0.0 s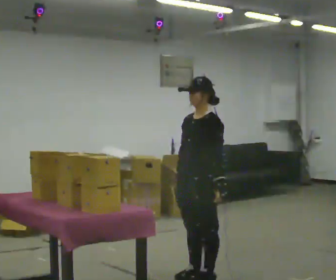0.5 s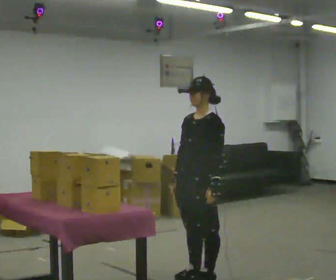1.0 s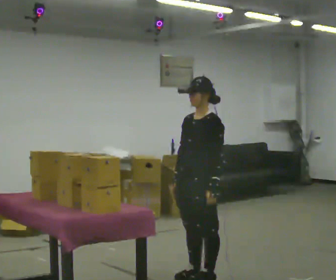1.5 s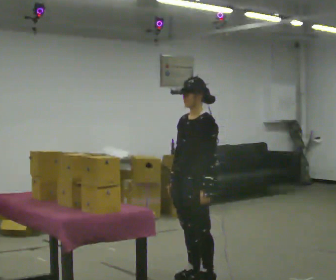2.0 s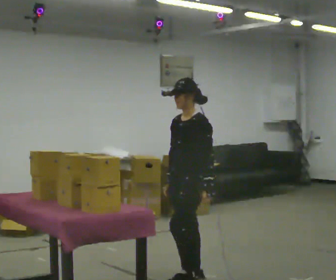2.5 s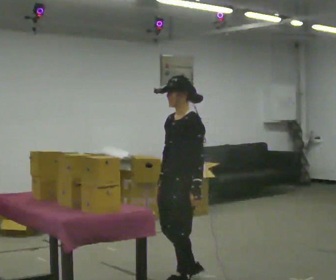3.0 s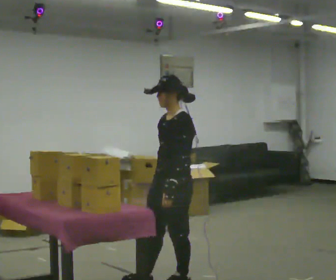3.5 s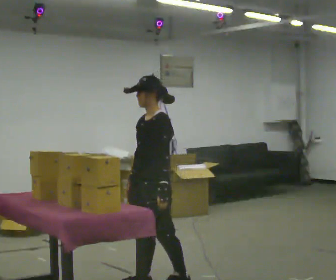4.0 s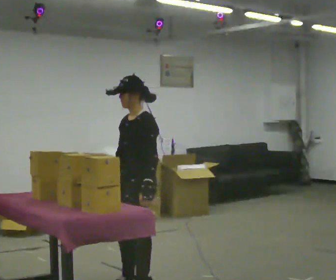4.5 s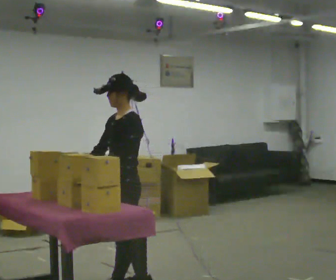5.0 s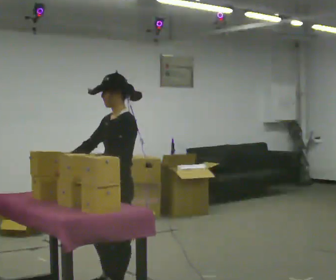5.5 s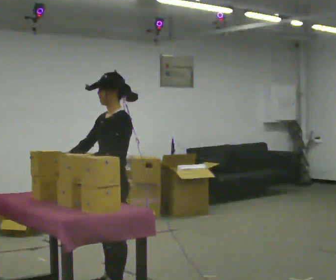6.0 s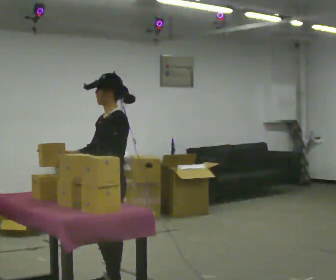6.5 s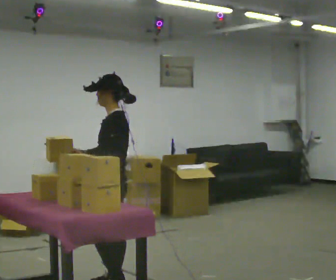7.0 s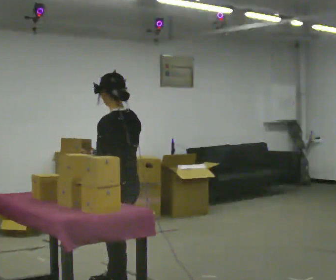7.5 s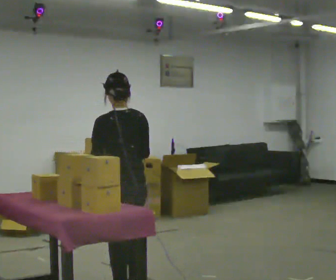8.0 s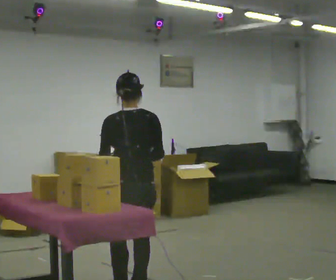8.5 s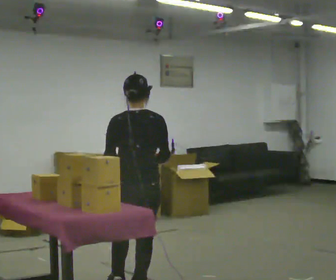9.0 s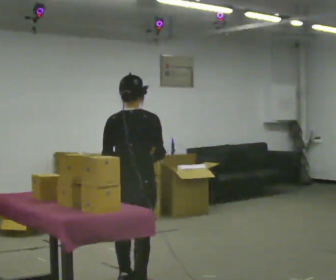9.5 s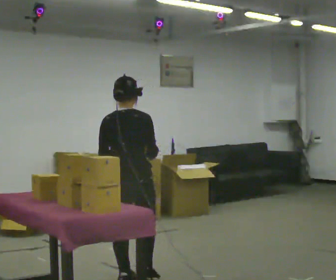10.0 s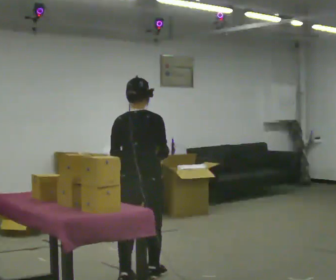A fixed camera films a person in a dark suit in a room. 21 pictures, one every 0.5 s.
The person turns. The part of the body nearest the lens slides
to the left.
The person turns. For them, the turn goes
to their right.
0.0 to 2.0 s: The person moves a little, or ends about where they began.
2.0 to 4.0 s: In the picture they go to the left and toward the camera, about 0.5 m in 2 steps, which for them is forward.
4.0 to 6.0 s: In the picture they go to the left, about 0.25 m in 2 steps, which for them is forward. In the picture their left hand goes to the left, the arm swinging clockwise.
6.0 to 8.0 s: The person turns about 90 degrees to their right, clockwise seen from above, so the part of the body nearest the lens slides to the left. In the picture their right hand goes to the right.
8.0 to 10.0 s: The part of the body nearest the lens slides to the left as the person turns to their right by about 30 degrees. In the picture they go away from the camera, about 0.5 m in 2 steps, which for them is forward.
The film runs forward here.
